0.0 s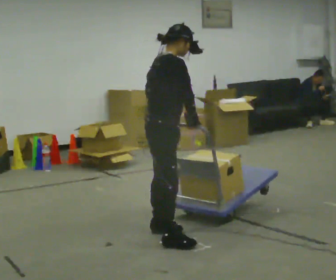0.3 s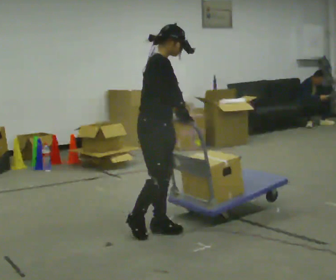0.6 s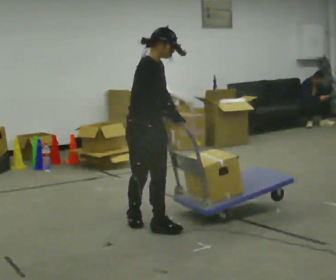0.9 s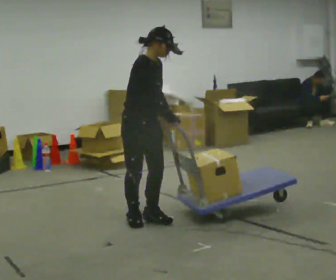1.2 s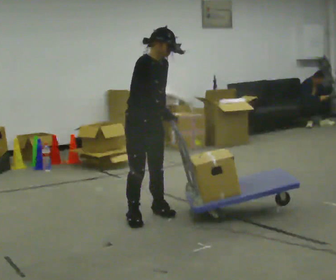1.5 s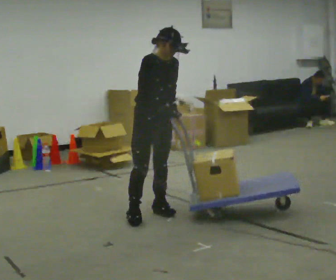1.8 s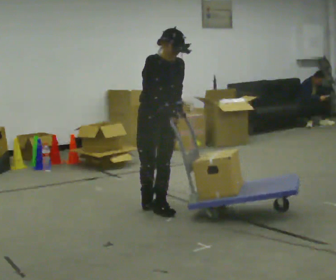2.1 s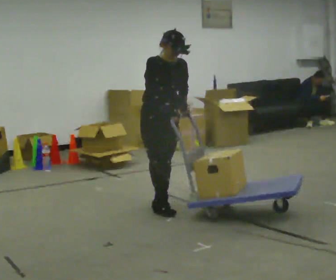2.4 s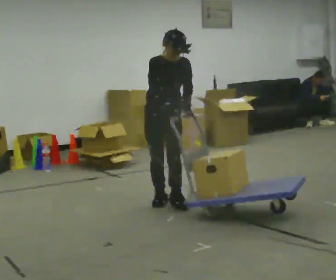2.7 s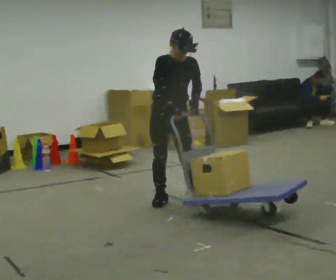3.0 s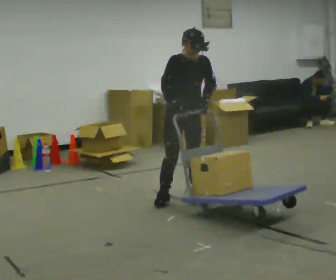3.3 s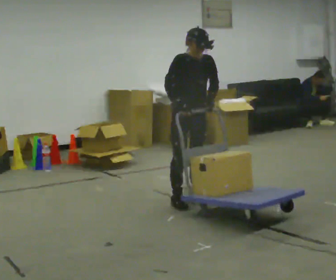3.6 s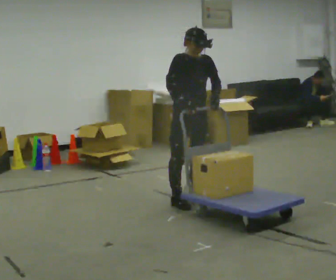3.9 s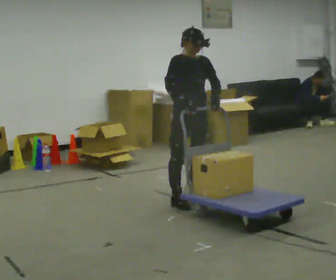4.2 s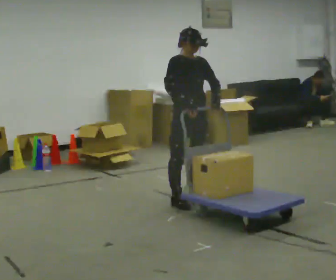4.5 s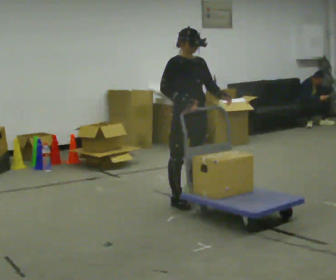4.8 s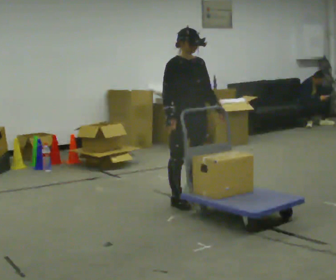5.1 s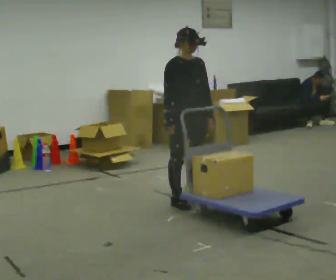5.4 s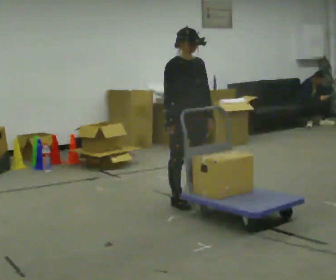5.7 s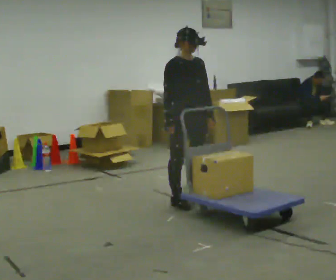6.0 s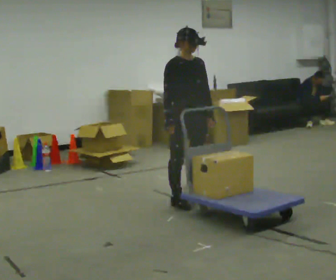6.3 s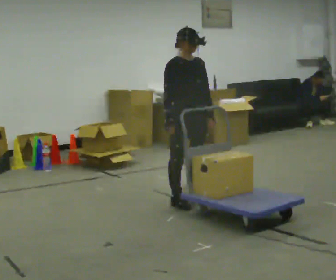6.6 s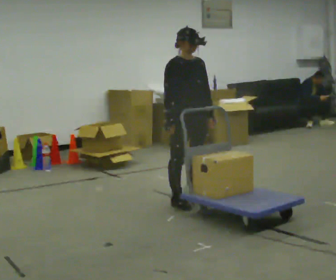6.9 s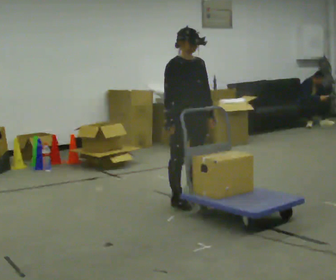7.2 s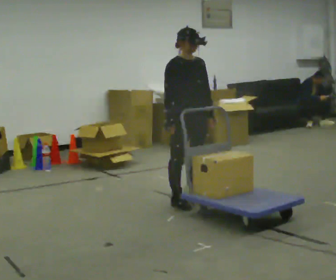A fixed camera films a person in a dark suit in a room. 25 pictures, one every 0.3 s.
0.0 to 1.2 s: Seen from above the body turns clockwise, about 45 degrees: to their right, with its near side sliding to the left. In the picture they go away from the camera, about 0.5 m in 2 steps, which for them is backward and to their left.
1.2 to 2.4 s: The part of the body nearest the lens slides to the left as the person turns to their right by about 30 degrees. In the picture they go away from the camera, about 0.5 m in 2 steps, which for them is to their left and backward.
2.4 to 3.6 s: In the picture they go to the right, about 0.25 m in 1 step, which for them is to their left.
3.6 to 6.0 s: The person moves a little, or ends about where they began.
6.0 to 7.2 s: The person keeps their place and pose.
The film runs backward here.
